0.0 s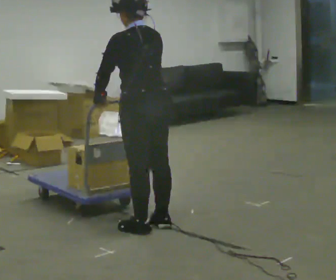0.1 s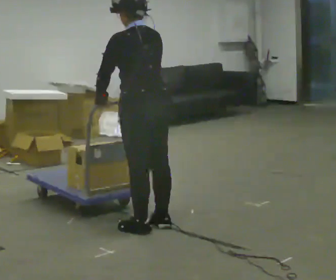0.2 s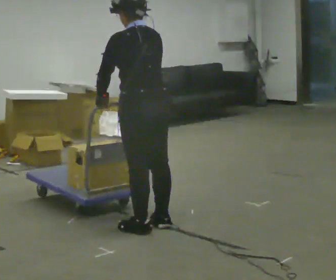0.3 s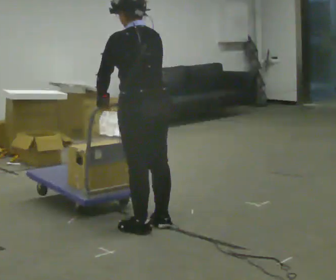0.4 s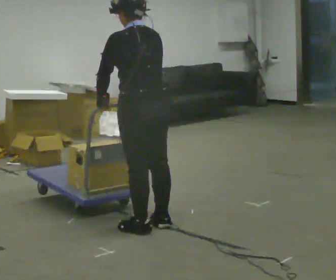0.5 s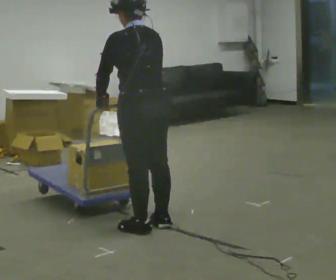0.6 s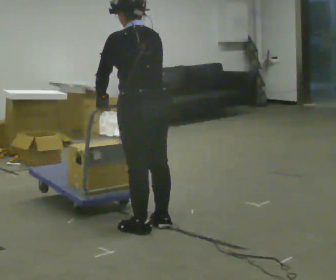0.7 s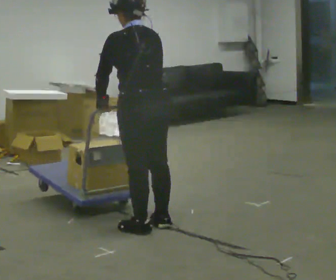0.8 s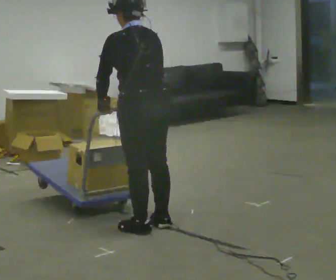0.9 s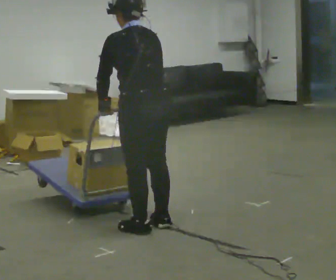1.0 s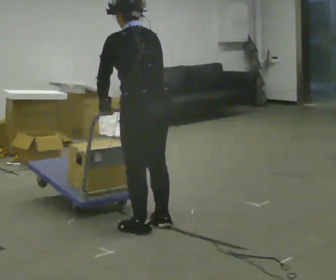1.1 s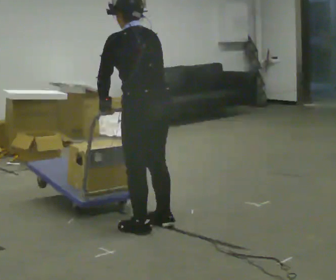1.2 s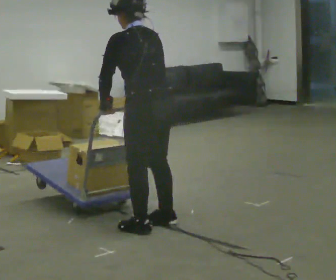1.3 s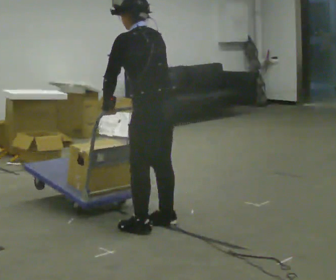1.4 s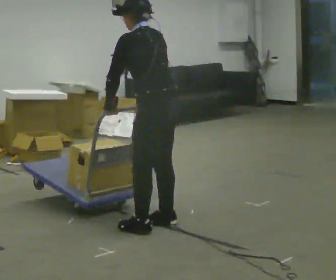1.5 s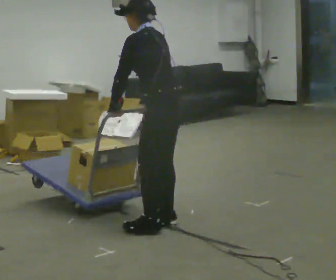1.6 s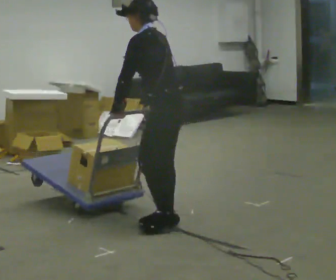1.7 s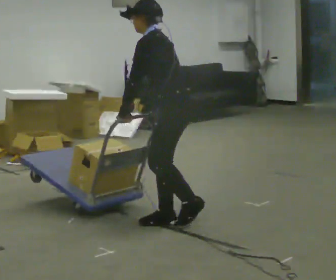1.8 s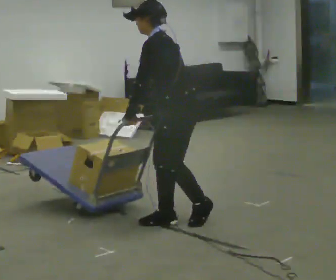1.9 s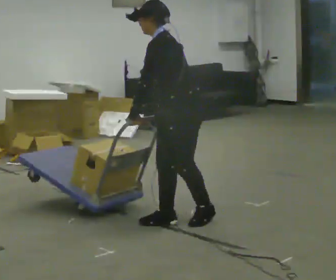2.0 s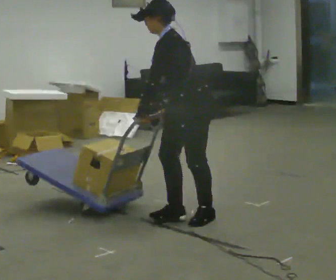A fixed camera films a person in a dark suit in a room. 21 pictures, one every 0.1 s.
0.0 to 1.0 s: The person moves a little, or ends about where they began.
1.0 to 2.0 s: The person turns about 60 degrees to their left, counterclockwise seen from above, so the part of the body nearest the lens slides to the right. In the picture they go to the right and away from the camera, about 0.25 m in 2 steps.
The film runs backward here.
